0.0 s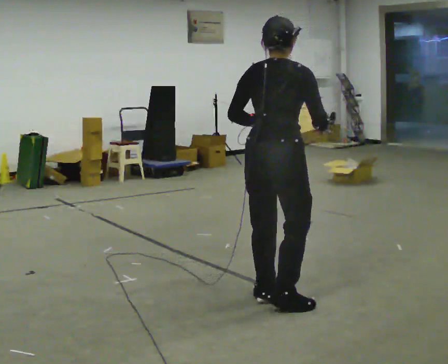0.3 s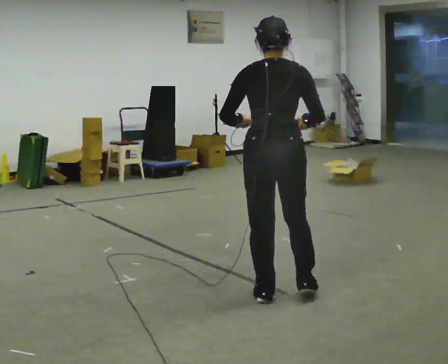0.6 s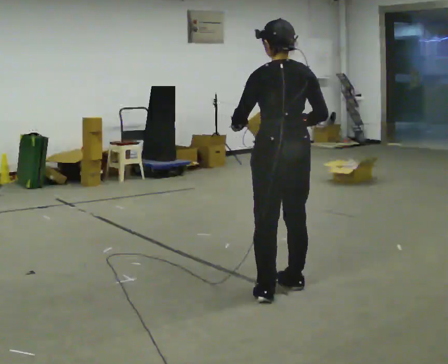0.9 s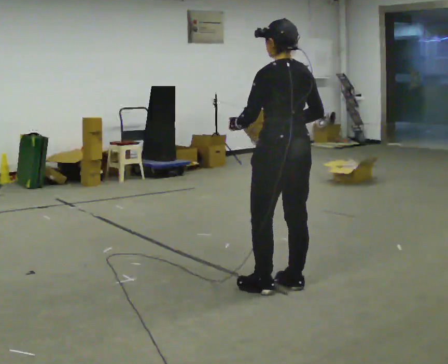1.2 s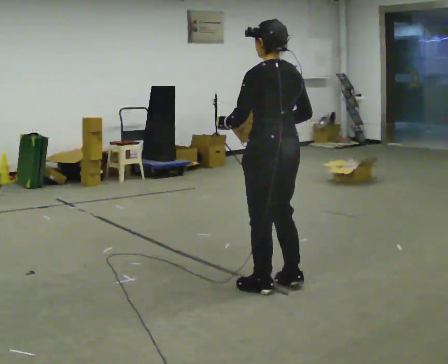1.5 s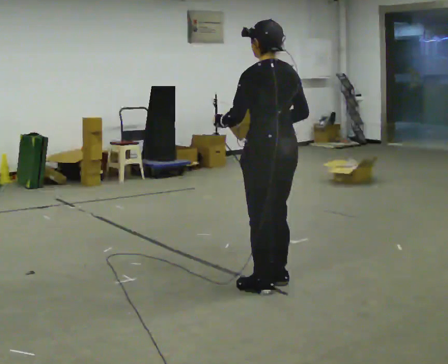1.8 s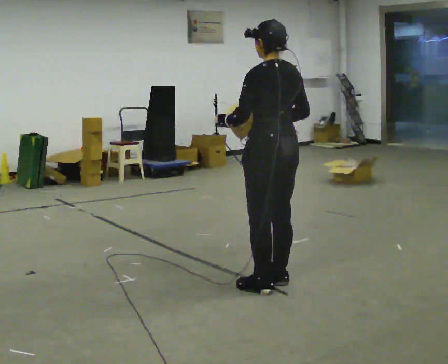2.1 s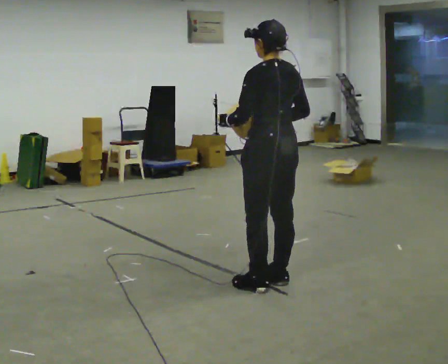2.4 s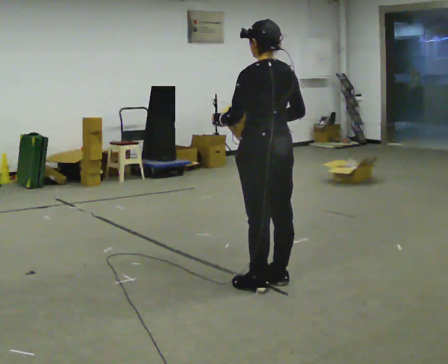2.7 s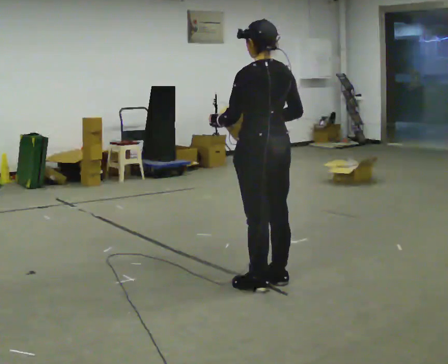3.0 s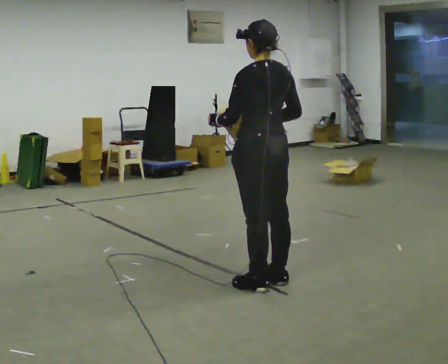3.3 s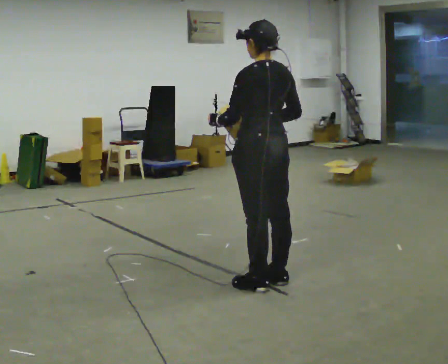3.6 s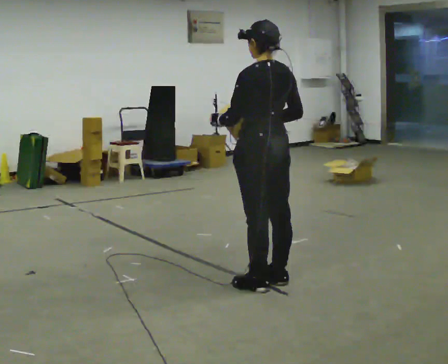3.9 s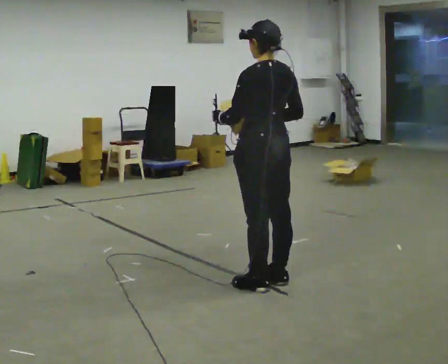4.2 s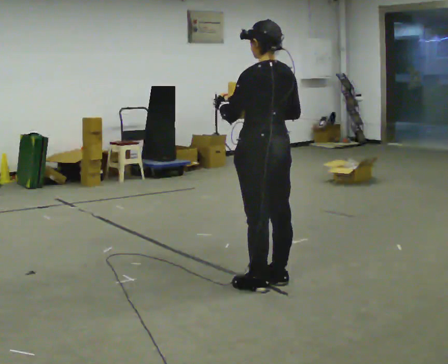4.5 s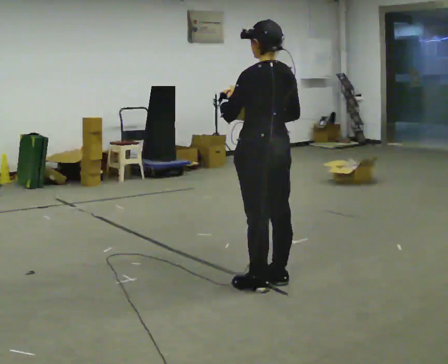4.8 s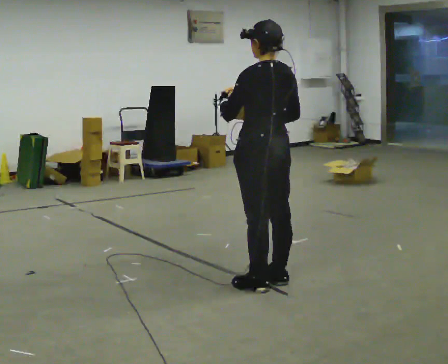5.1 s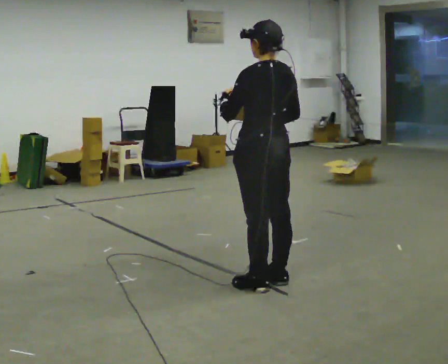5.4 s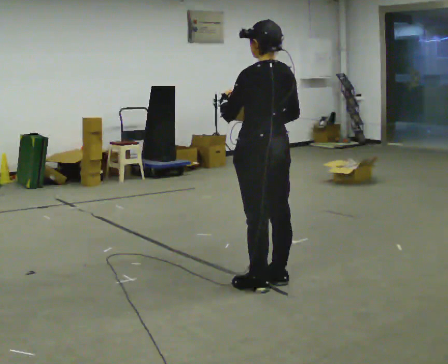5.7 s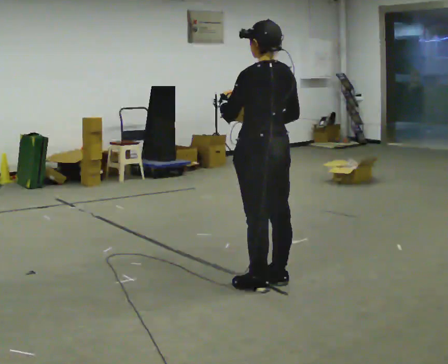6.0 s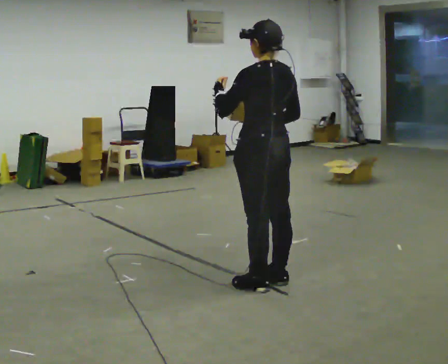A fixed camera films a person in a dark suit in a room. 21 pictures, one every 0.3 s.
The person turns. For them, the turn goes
to their left.
The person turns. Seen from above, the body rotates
counterclockwise.
0.0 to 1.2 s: Seen from above the body turns counterclockwise, about 75 degrees: to their left, with its near side sliding to the right. In the picture they go away from the camera, about 0.25 m in 2 steps.
1.2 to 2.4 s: The person moves a little, or ends about where they began.
2.4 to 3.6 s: The person keeps their place and pose.
3.6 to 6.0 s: The person moves a little, or ends about where they began.
The film runs forward here.
